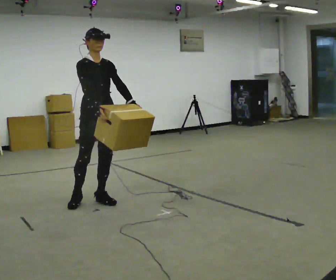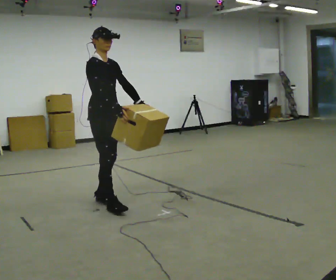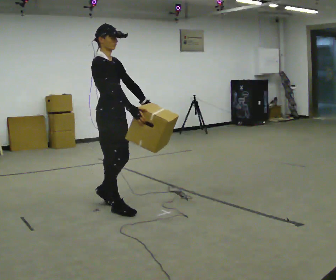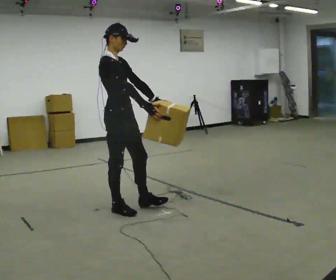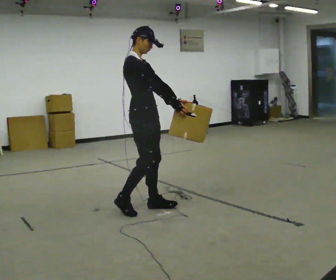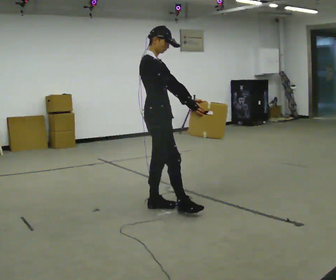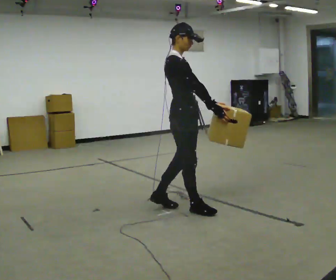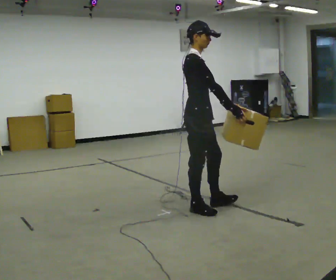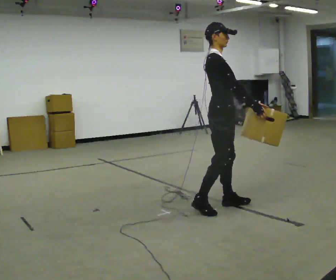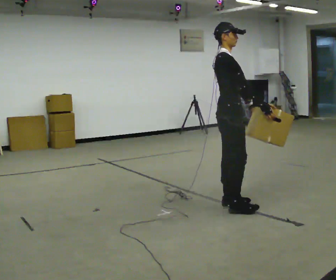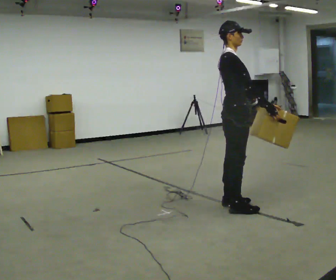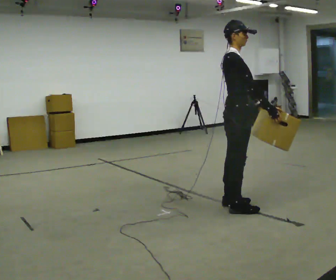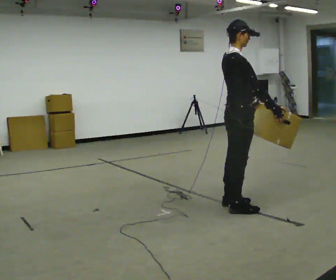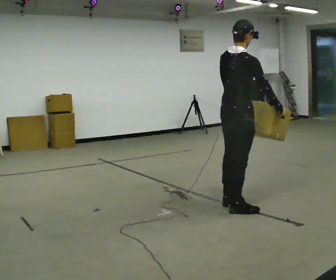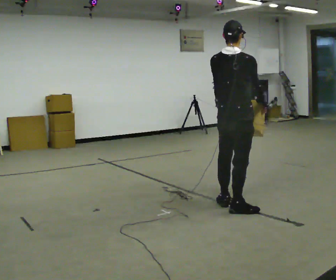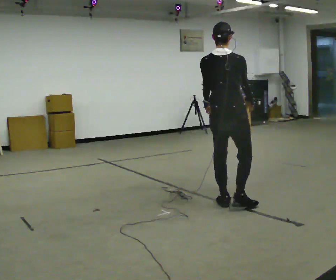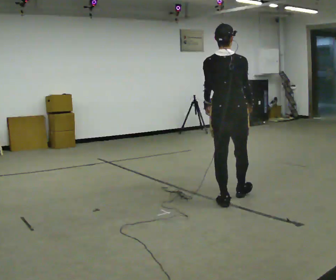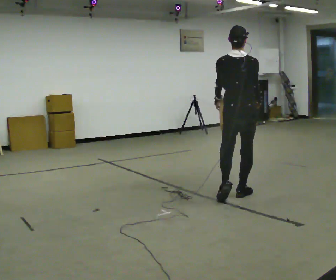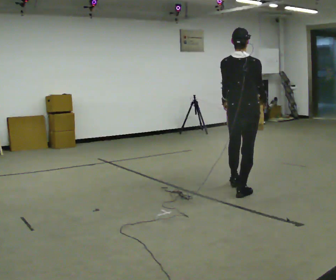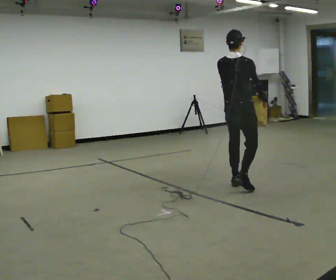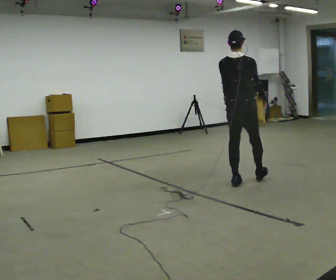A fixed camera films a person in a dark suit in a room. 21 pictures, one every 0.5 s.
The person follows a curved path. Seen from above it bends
counterclockwise.
The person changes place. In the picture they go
to the right.
0.0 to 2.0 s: The part of the body nearest the lens slides to the right as the person turns to their left by about 30 degrees. In the picture they go to the right, about 0.5 m in 2 steps, which for them is forward.
2.0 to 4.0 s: In the picture they go to the right, about 0.5 m in 2 steps, which for them is forward.
4.0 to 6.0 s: In the picture they go to the right, about 0.25 m in 1 step, which for them is forward.
6.0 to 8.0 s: The part of the body nearest the lens slides to the right as the person turns to their left by about 75 degrees. In the picture they go away from the camera, about 0.25 m in 1 step.
8.0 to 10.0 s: In the picture they go away from the camera, about 0.5 m in 1 step, which for them is forward.
The film runs forward here.
